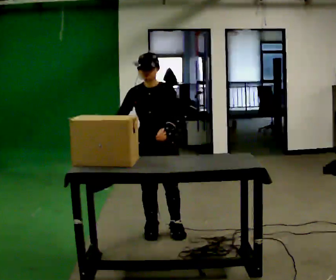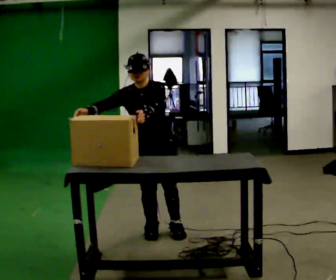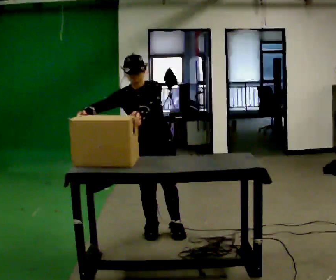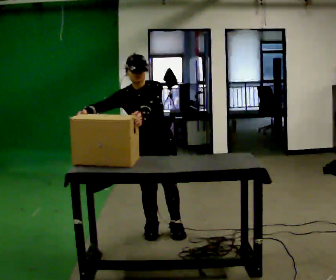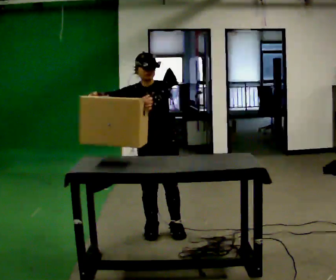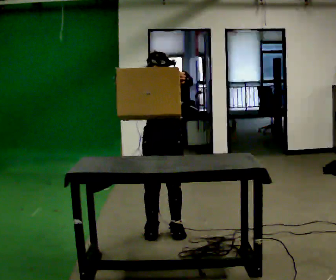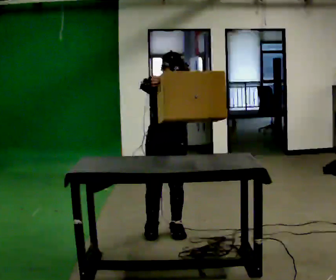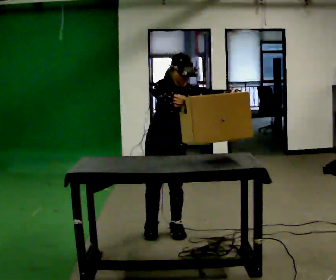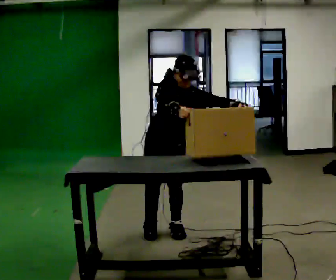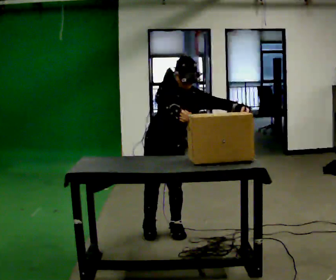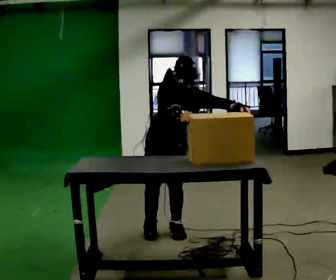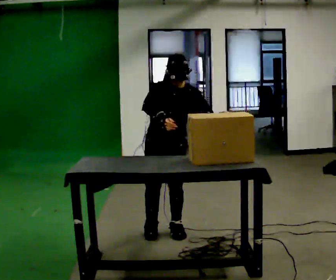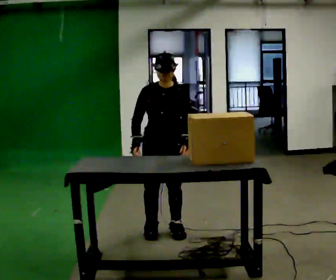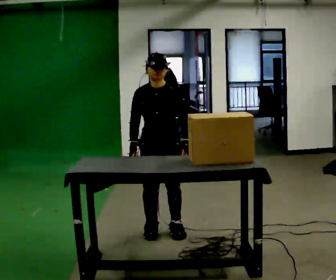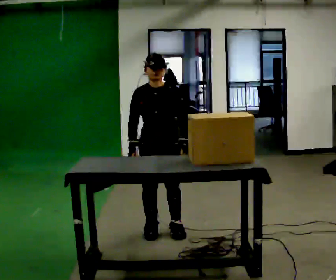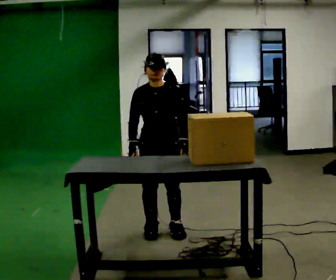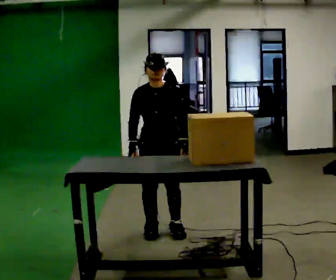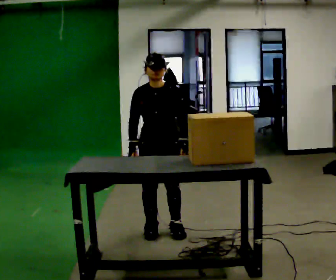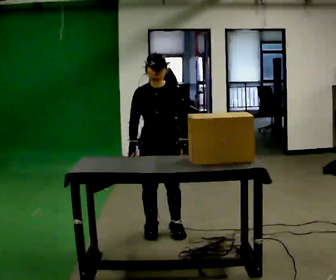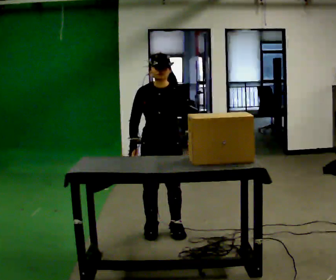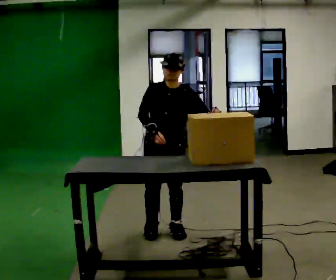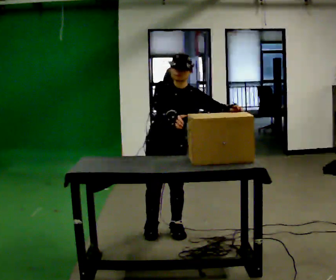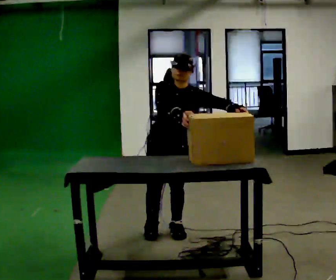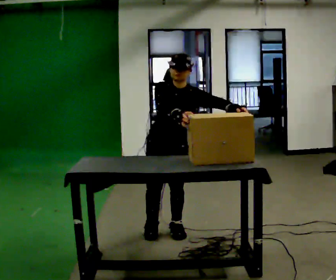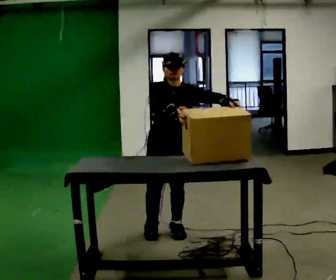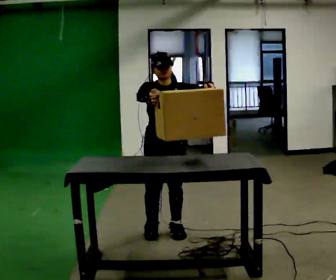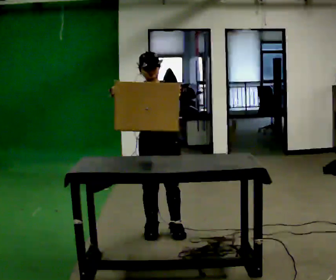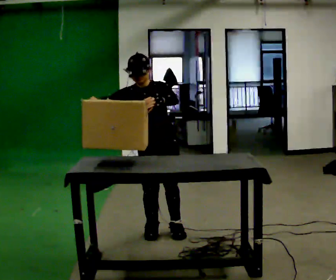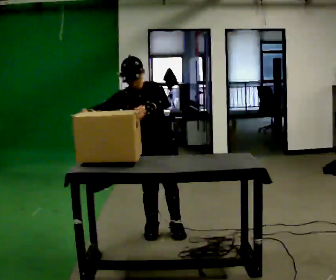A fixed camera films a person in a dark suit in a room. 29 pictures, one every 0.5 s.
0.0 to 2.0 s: The person moves a little, or ends about where they began.
2.0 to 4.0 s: In the picture the upper body tilts clockwise, shoulders to the right. In the picture their left hand goes to the right.
4.0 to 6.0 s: In the picture the upper body tilts counterclockwise, shoulders to the left. In the picture their right hand goes to the left.
6.0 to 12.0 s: In the picture their left hand goes upward, the arm swinging counterclockwise.
12.0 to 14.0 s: In the picture the upper body tilts counterclockwise, shoulders to the left. In the picture their right hand goes to the left.
The film runs forward here.
